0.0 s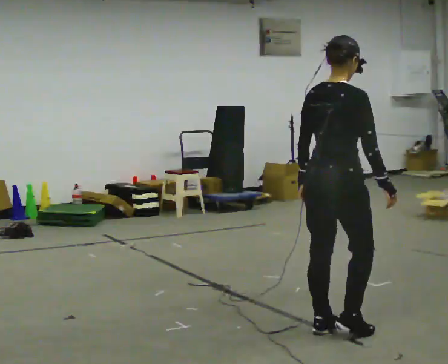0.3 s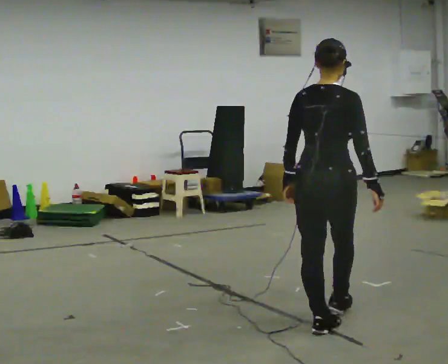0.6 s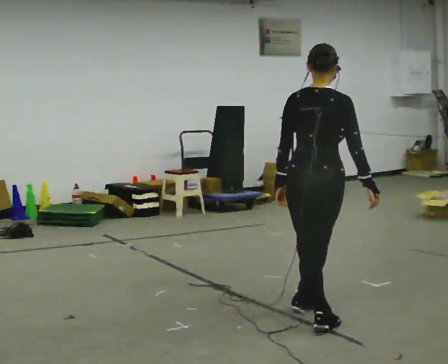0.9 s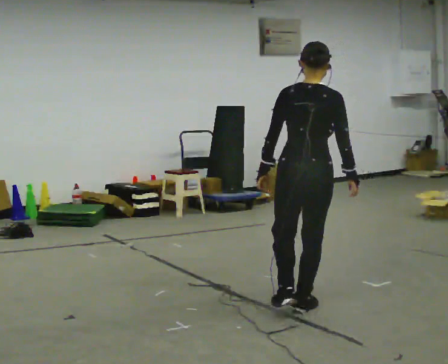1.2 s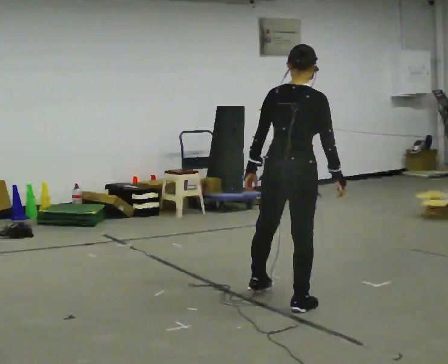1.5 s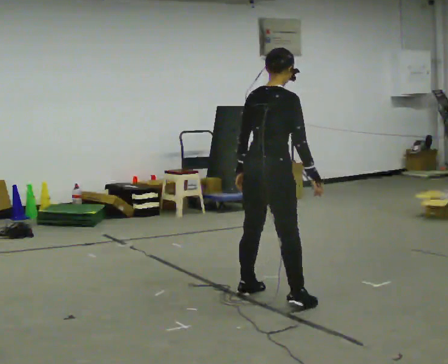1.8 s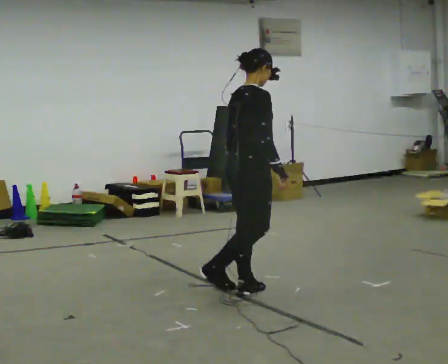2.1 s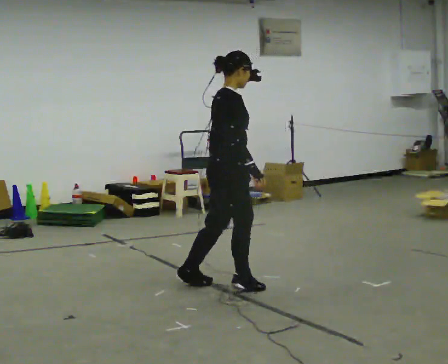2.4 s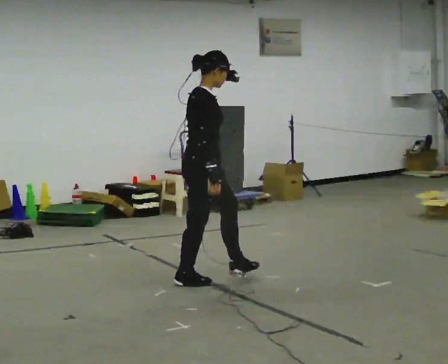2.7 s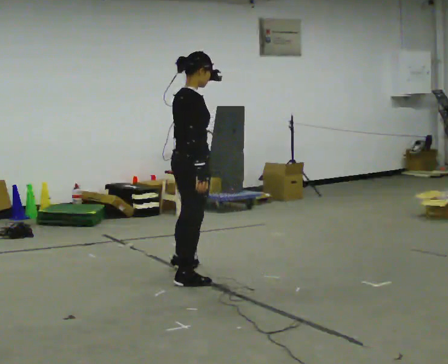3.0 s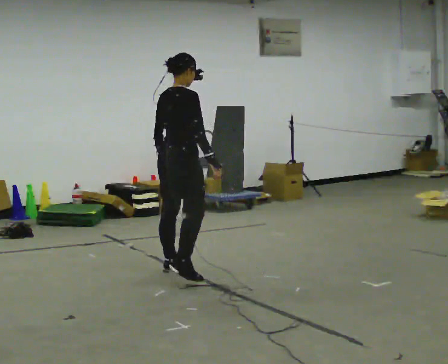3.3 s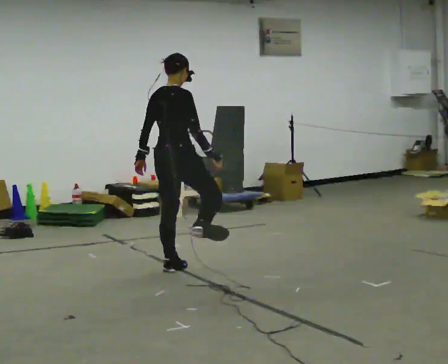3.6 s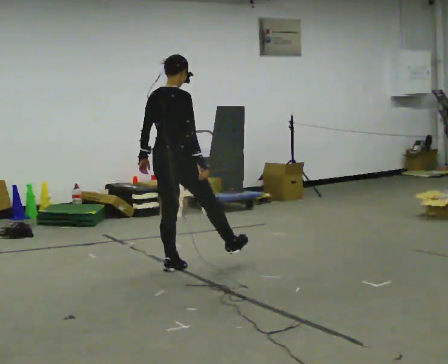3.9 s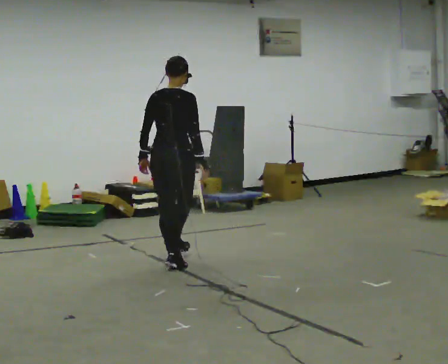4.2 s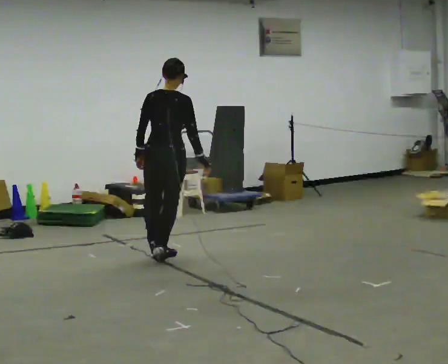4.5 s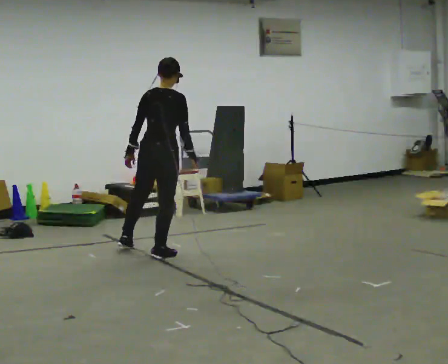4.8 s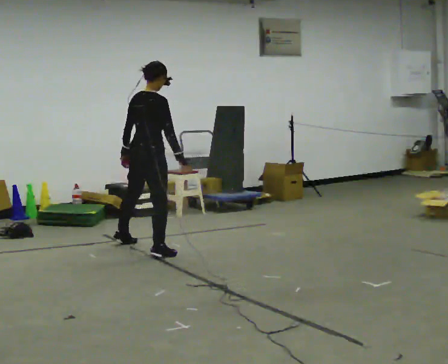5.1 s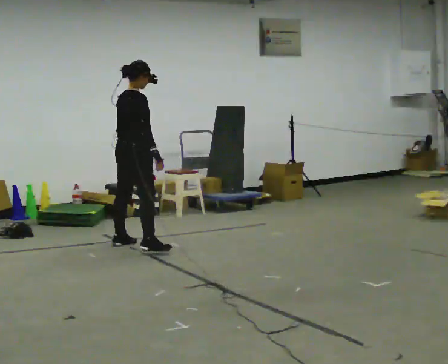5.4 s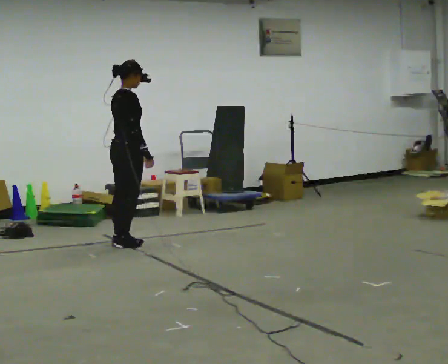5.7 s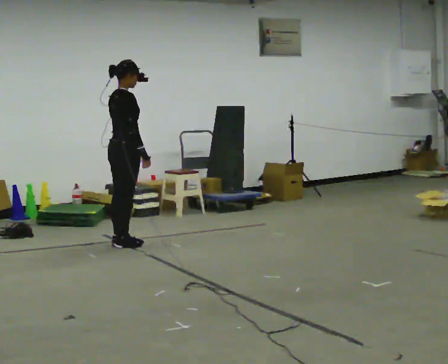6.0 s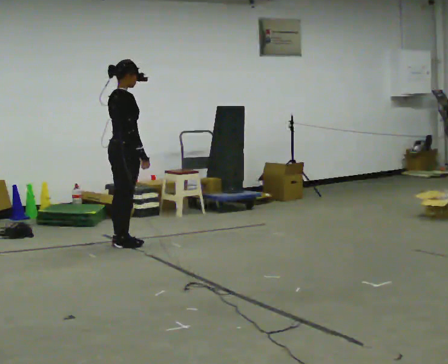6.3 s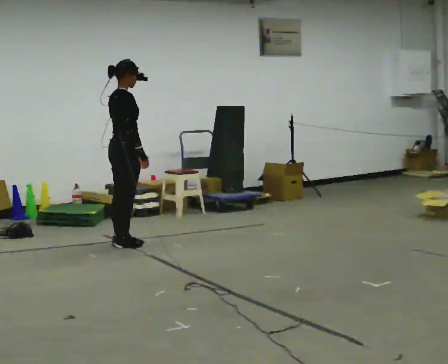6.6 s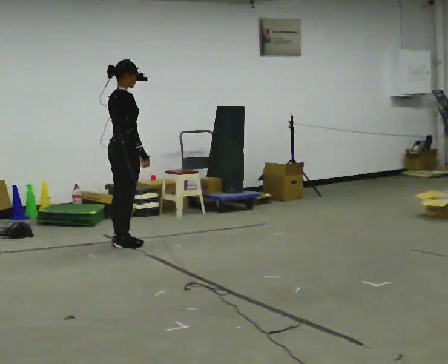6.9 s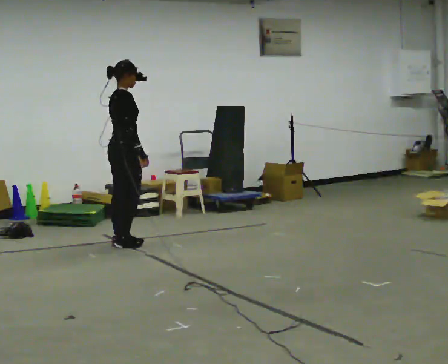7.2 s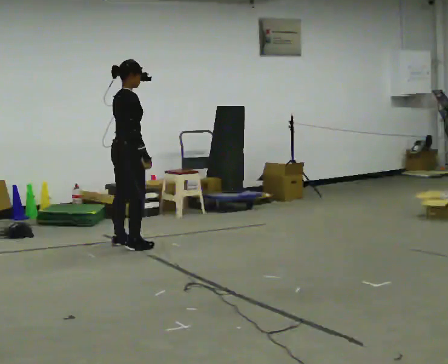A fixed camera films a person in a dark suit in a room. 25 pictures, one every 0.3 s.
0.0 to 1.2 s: In the picture they go away from the camera, about 0.5 m in 1 step, which for them is forward and to their left.
1.2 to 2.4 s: The part of the body nearest the lens slides to the left as the person turns to their right by about 60 degrees. In the picture they go away from the camera and to the left, about 1 m in 2 steps.
2.4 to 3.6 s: The part of the body nearest the lens slides to the right as the person turns to their left by about 45 degrees. In the picture they go away from the camera, about 0.5 m in 1 step, which for them is to their left.
3.6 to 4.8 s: In the picture they go away from the camera and to the left, about 0.75 m in 2 steps, which for them is forward and to their left.
4.8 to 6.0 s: In the picture they go away from the camera and to the left, about 0.25 m in 1 step, which for them is to their left.
6.0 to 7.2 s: The person moves a little, or ends about where they began.
The film runs forward here.
